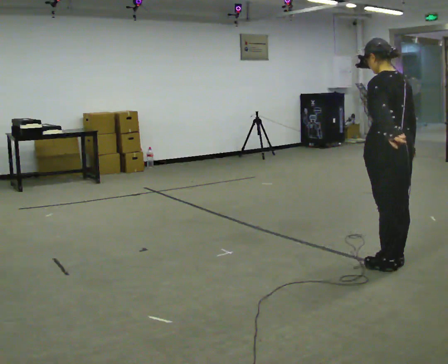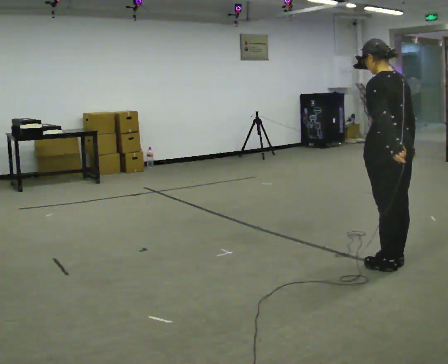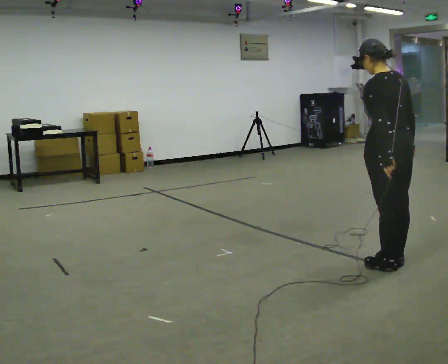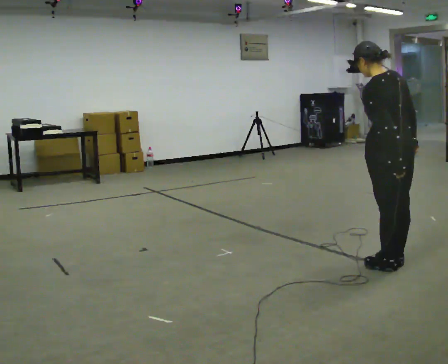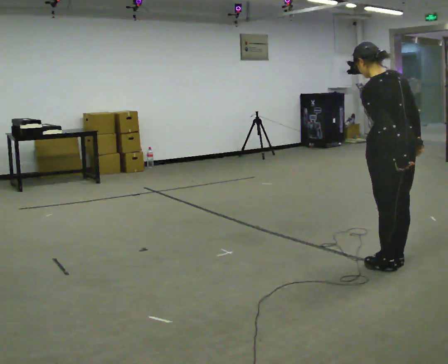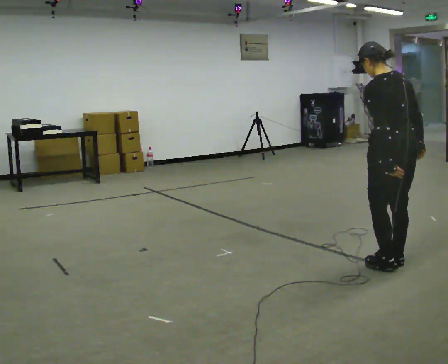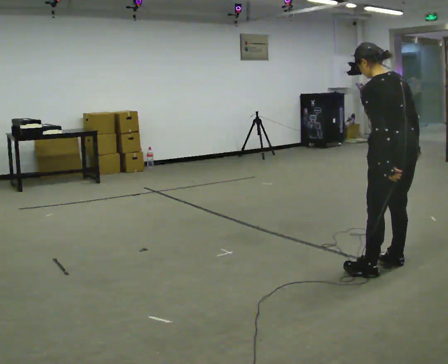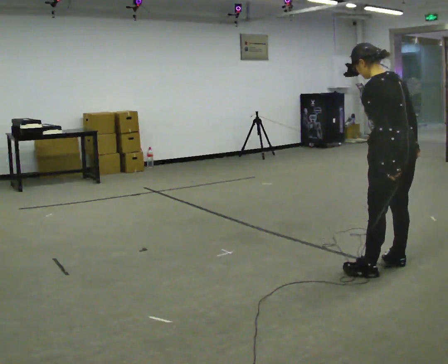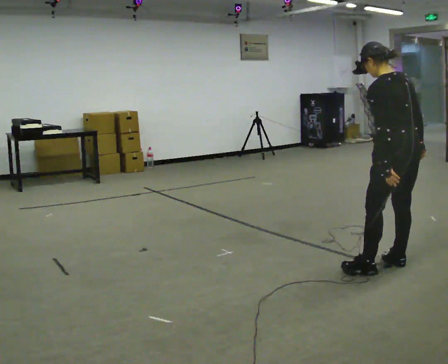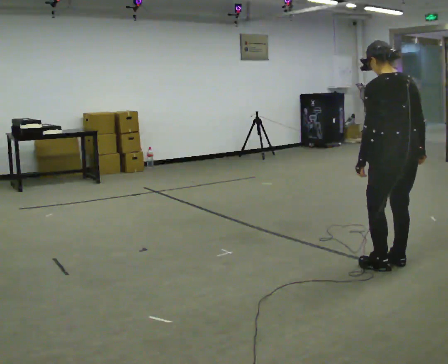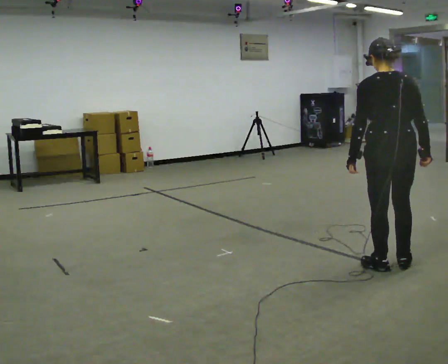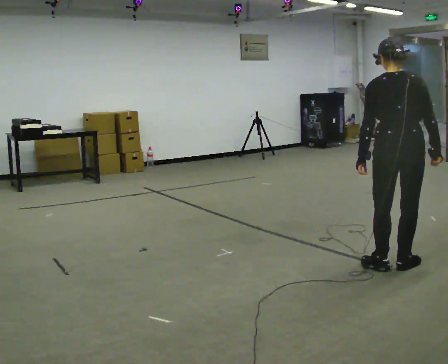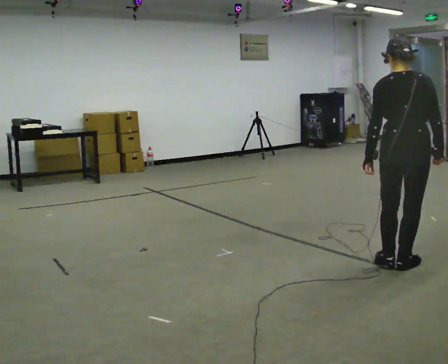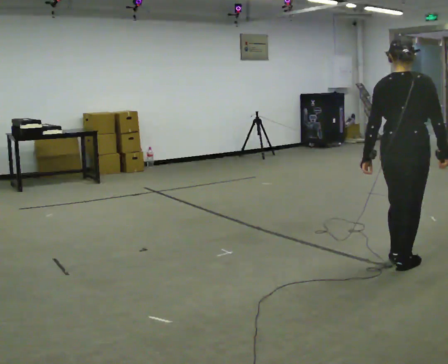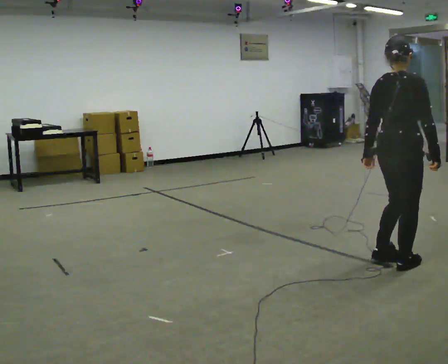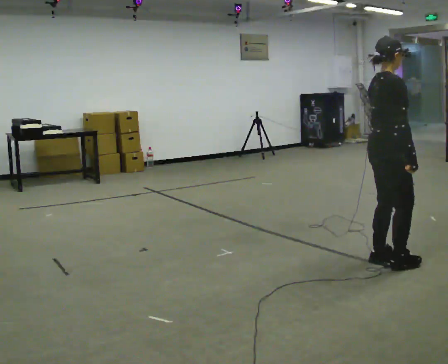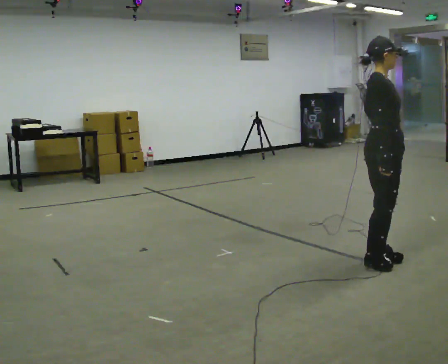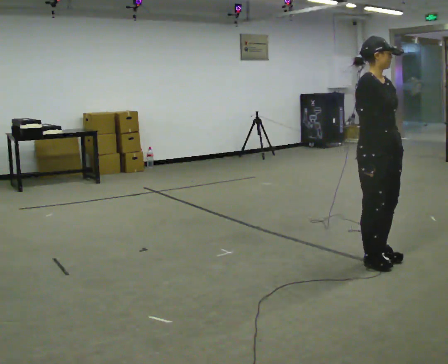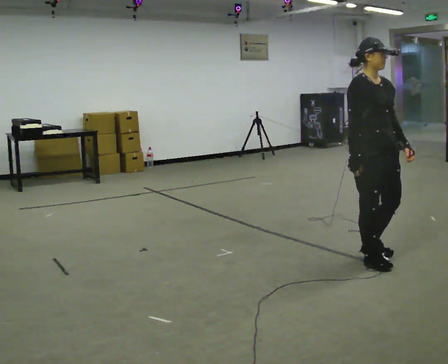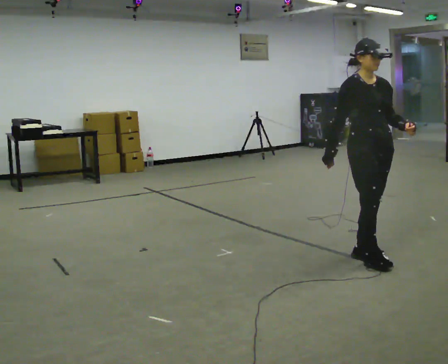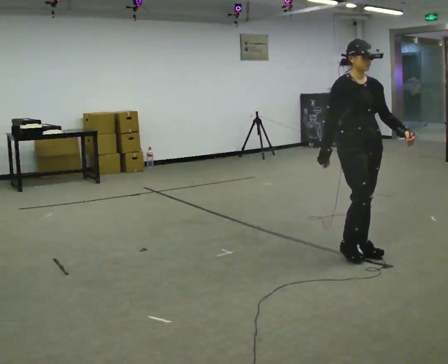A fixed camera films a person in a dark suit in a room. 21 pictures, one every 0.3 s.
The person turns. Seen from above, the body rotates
clockwise.
The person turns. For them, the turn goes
to their right.
0.0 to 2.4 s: The person moves a little, or ends about where they began.
2.4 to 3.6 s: The person turns about 60 degrees to their right, clockwise seen from above, so the part of the body nearest the lens slides to the left.
3.6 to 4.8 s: The person turns about 90 degrees to their right, clockwise seen from above, so the part of the body nearest the lens slides to the left. In the picture they go away from the camera, about 0.25 m in 2 steps.
4.8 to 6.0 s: Seen from above the body turns clockwise, about 30 degrees: to their right, with its near side sliding to the left. In the picture they go to the left and away from the camera, about 0.25 m in 2 steps, which for them is backward.
The film runs backward here.
